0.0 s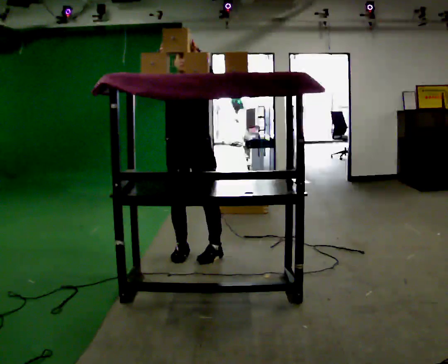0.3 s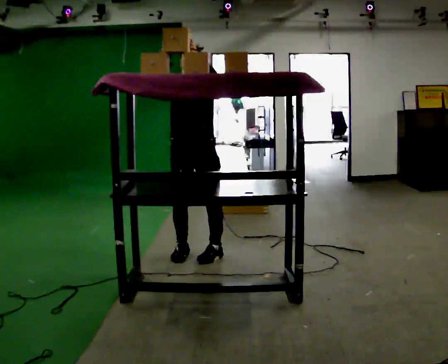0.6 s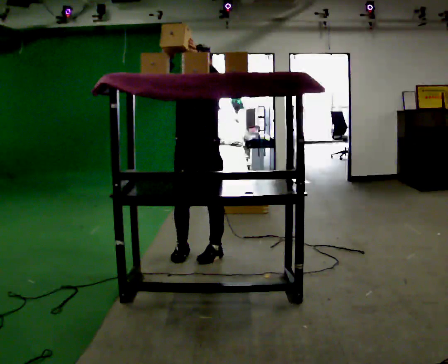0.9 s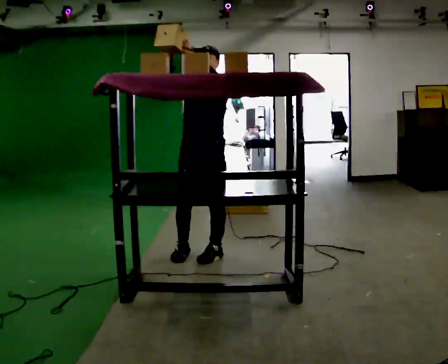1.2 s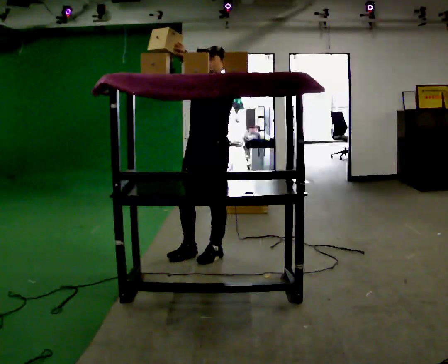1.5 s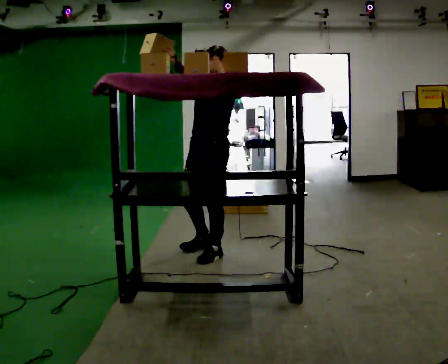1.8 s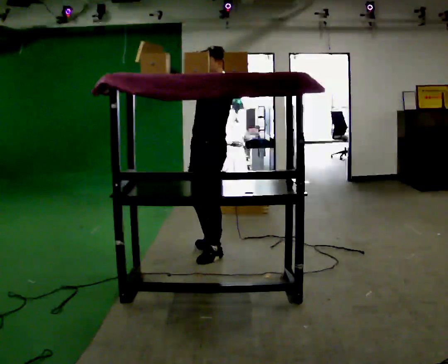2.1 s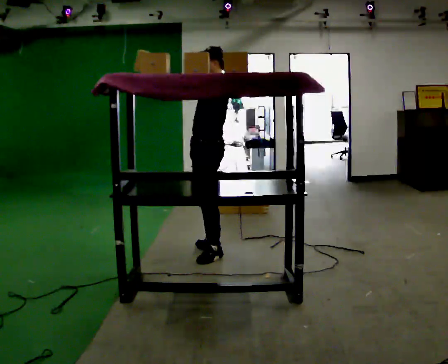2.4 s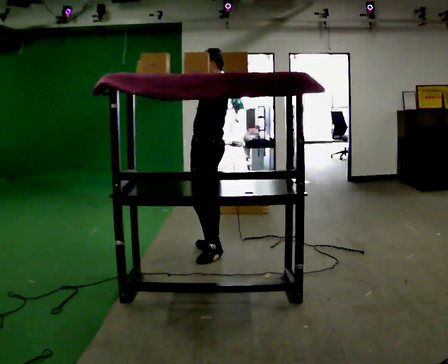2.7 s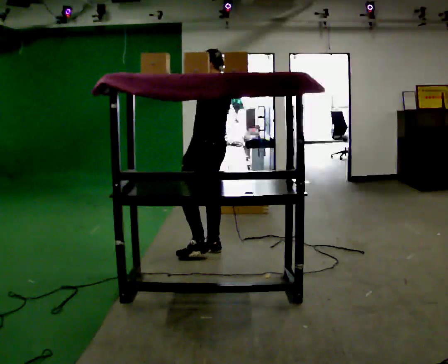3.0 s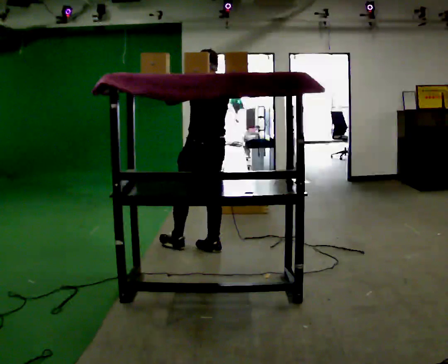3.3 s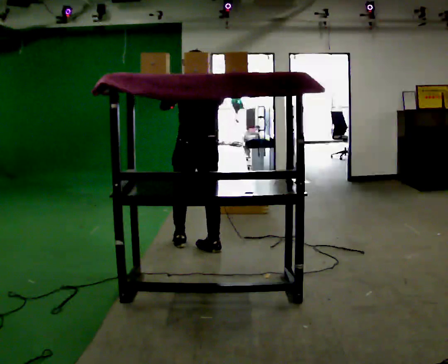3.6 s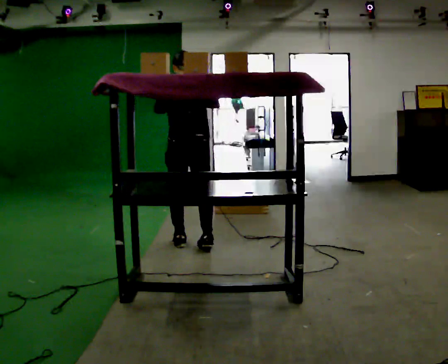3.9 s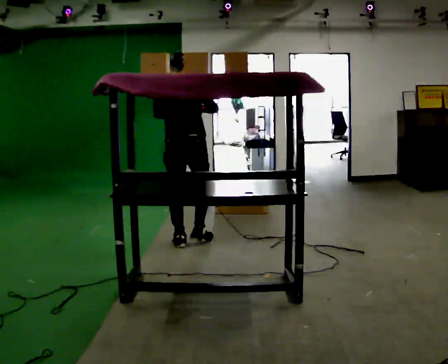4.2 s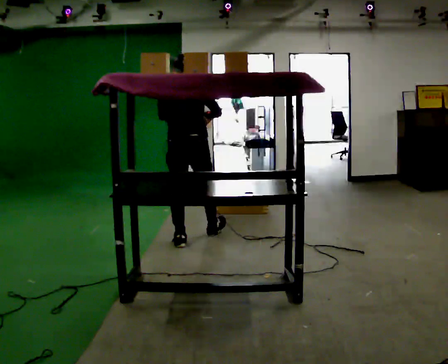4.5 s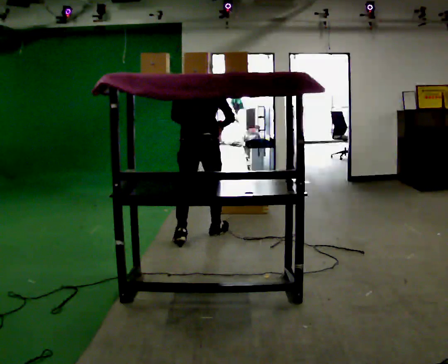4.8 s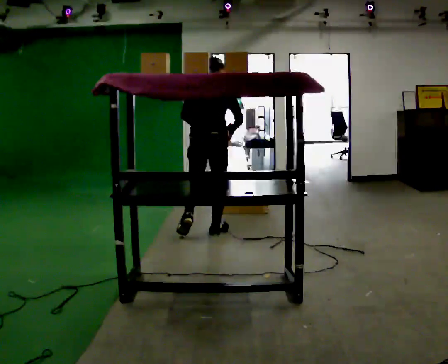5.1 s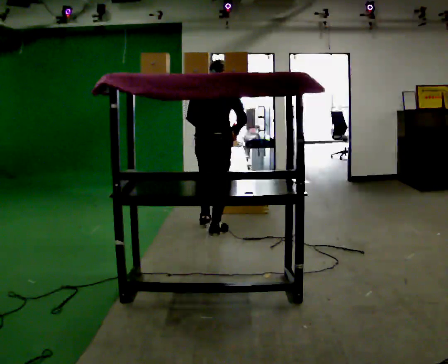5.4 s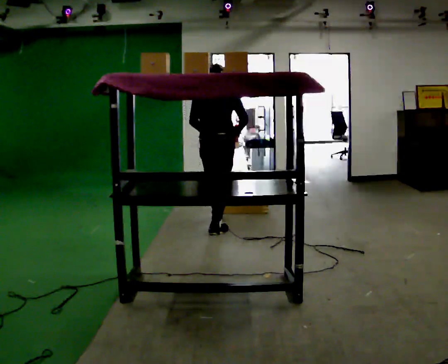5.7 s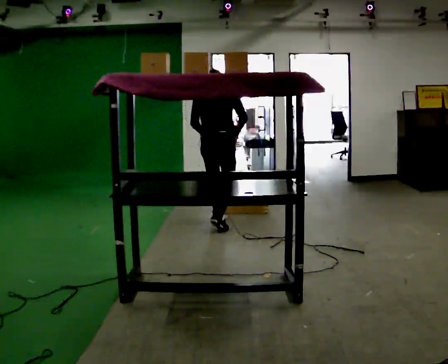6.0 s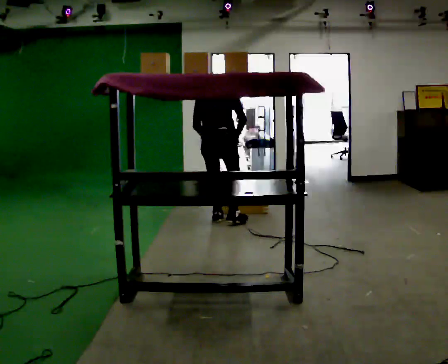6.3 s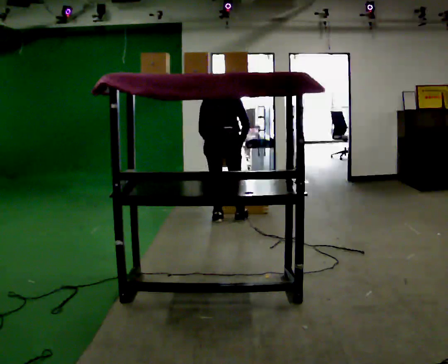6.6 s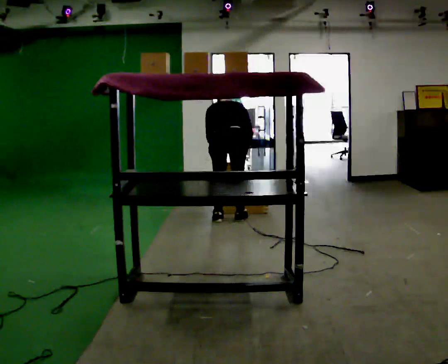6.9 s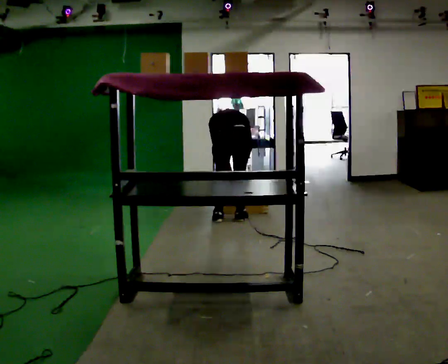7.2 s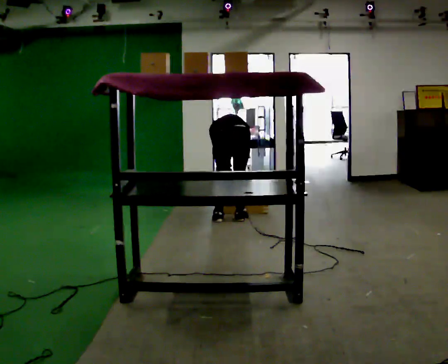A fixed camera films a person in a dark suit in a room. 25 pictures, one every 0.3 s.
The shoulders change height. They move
downward.
The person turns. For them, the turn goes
to their right.
0.0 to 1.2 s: Seen from above the body turns clockwise, about 30 degrees: to their right, with its near side sliding to the left. In the picture they go to the right, about 0.25 m, which for them is to their left.
1.2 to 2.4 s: The person turns about 60 degrees to their right, clockwise seen from above, so the part of the body nearest the lens slides to the left. In the picture they go away from the camera, about 0.25 m in 1 step, which for them is to their right.
2.4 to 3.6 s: Seen from above the body turns clockwise, about 75 degrees: to their right, with its near side sliding to the left. In the picture they go away from the camera and to the left, about 0.25 m in 1 step.
3.6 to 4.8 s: In the picture they go away from the camera and to the right, about 0.5 m in 1 step, which for them is forward.
4.8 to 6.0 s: In the picture they go away from the camera, about 0.5 m in 1 step, which for them is forward. The upper body tips away from the camera, its near side rolling upward, as they bend forward.
6.0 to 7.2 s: In the picture they go to the right, about 0.25 m in 1 step, which for them is to their right. The upper body goes downward. The upper body tips away from the camera, its near side rolling upward, as they bend forward. In the picture their right hand goes downward.
The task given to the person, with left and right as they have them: Take an object from the highest shelf you can comfortably reach, carry it across, and place it on the lowest shelf. Keep going until the operator says stop; one object at a time, and do not rush between trips.
The film runs forward here.
